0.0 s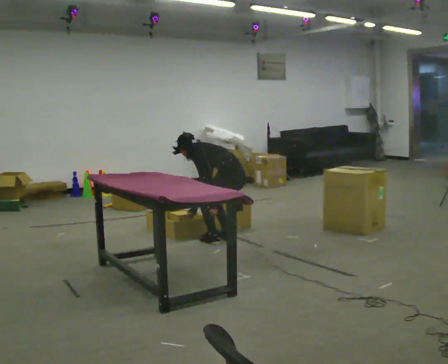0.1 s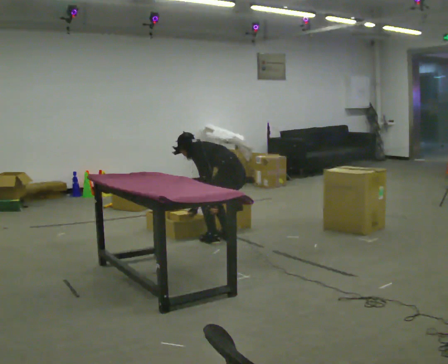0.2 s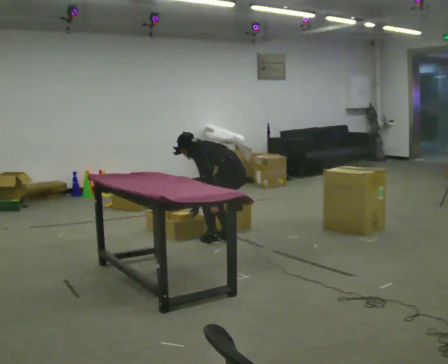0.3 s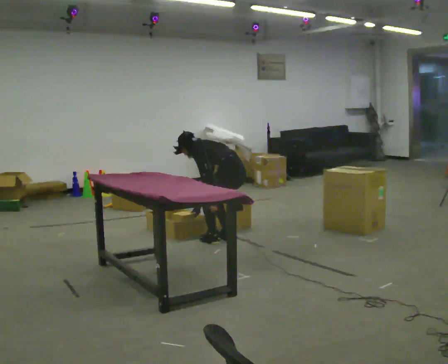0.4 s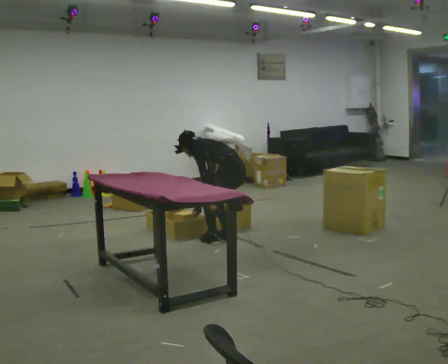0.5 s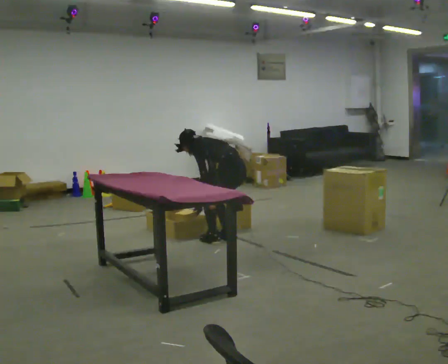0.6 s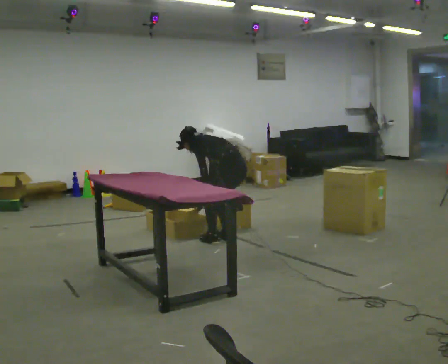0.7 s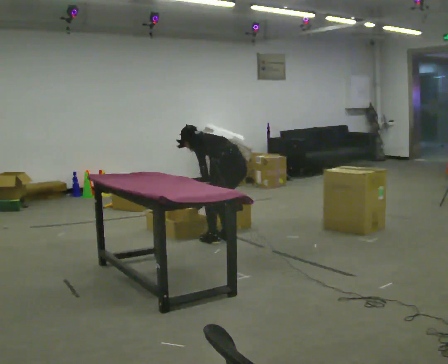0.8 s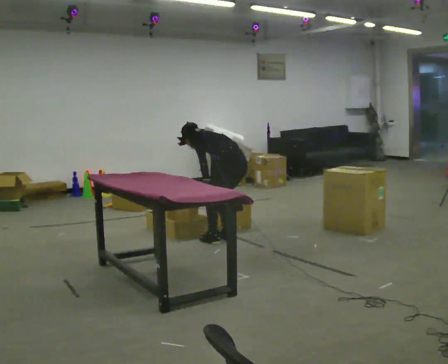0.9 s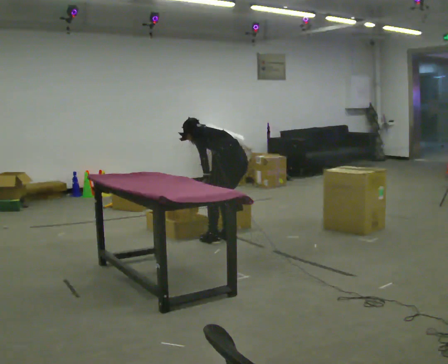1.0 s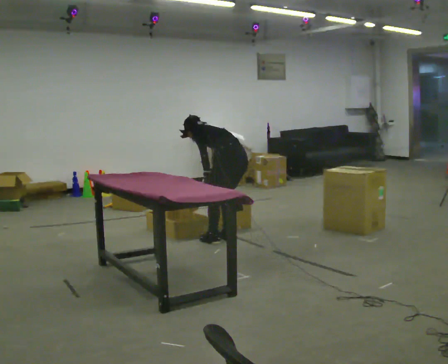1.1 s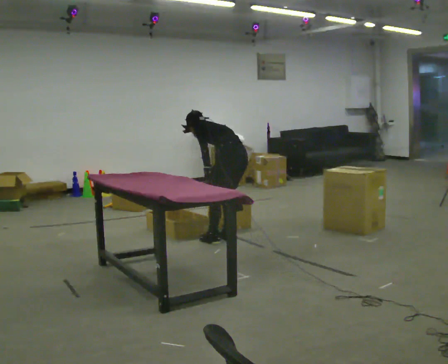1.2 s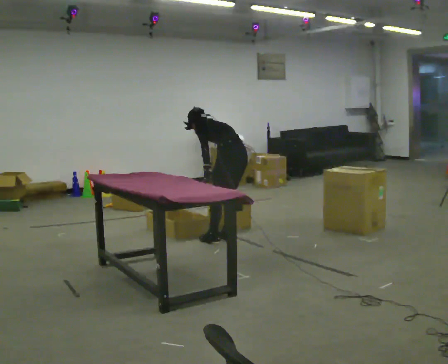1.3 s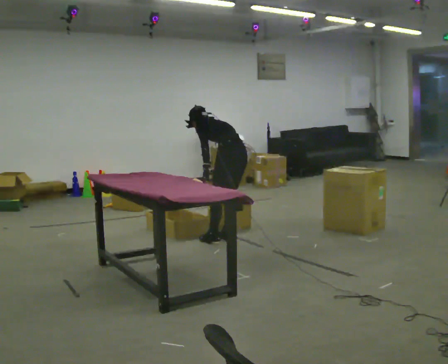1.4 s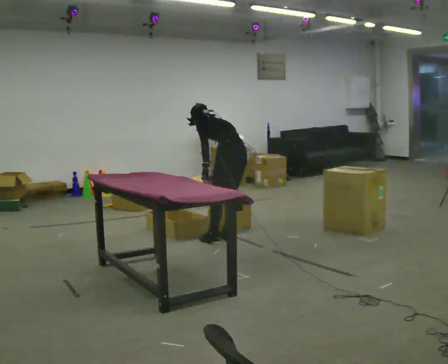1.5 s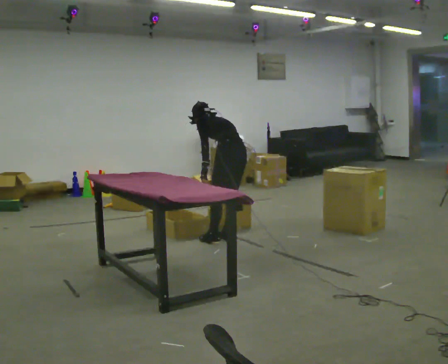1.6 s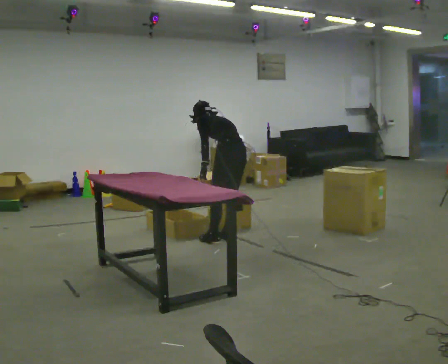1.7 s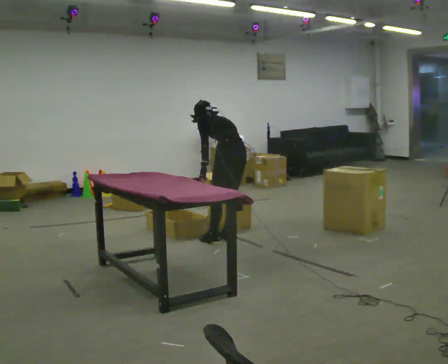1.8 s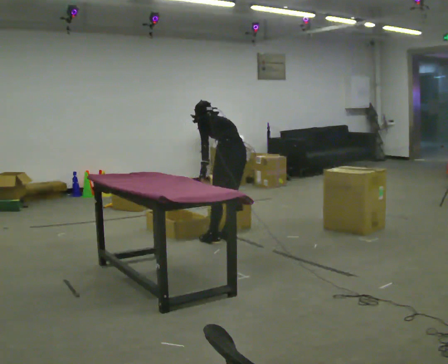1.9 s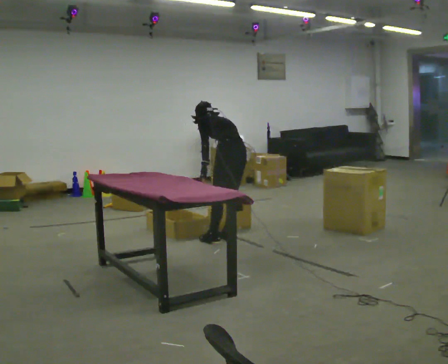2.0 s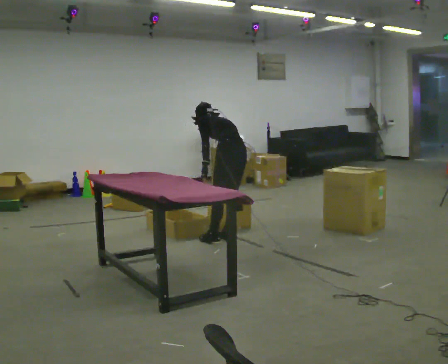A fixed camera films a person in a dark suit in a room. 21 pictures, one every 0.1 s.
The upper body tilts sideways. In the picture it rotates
clockwise.
The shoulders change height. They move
upward.
0.0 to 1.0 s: The upper body goes upward. In the picture the upper body tilts clockwise, shoulders to the right.
1.0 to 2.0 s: In the picture the upper body tilts clockwise, shoulders to the right.
The film runs forward here.
